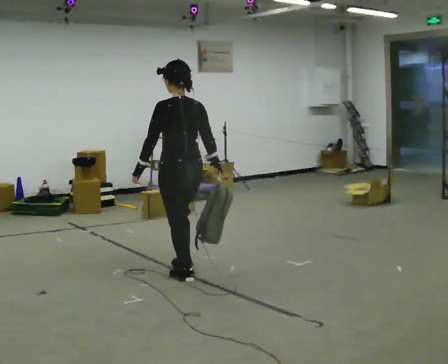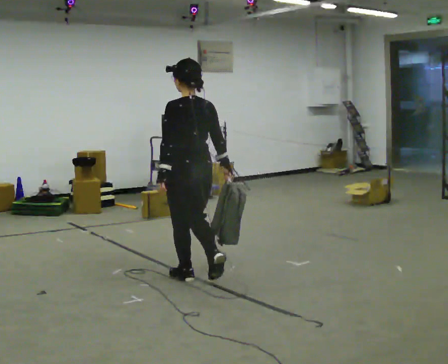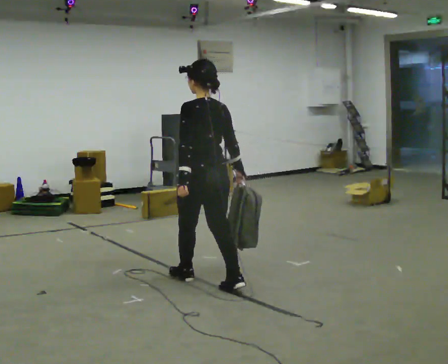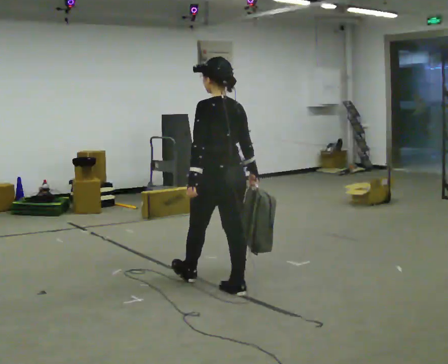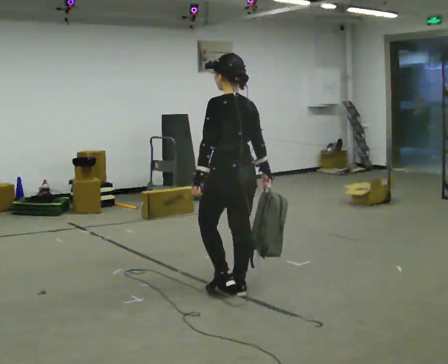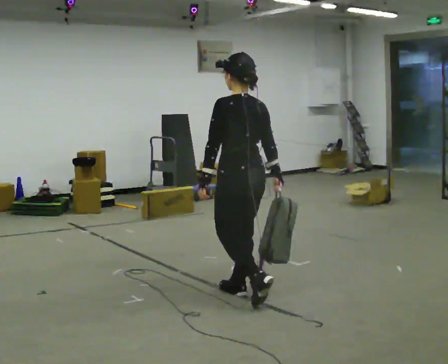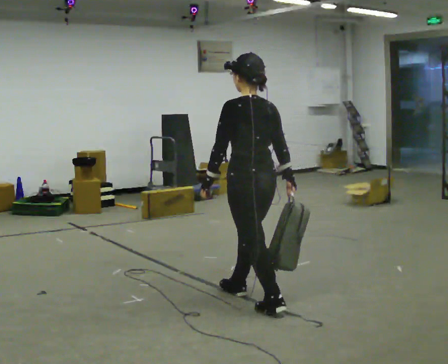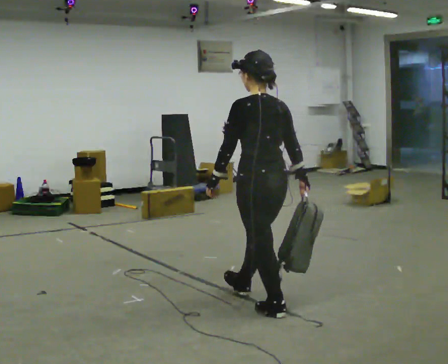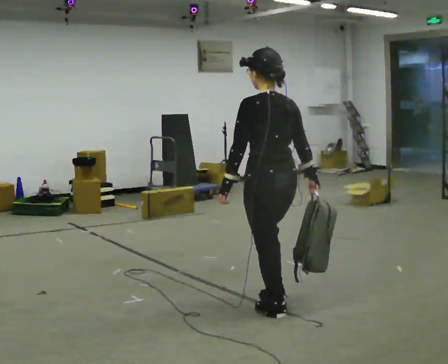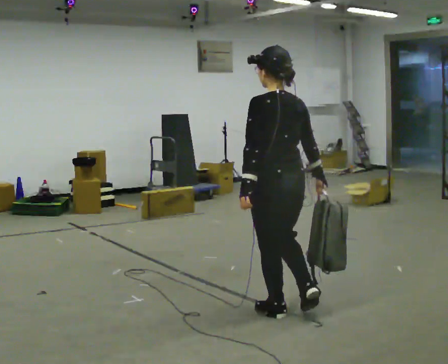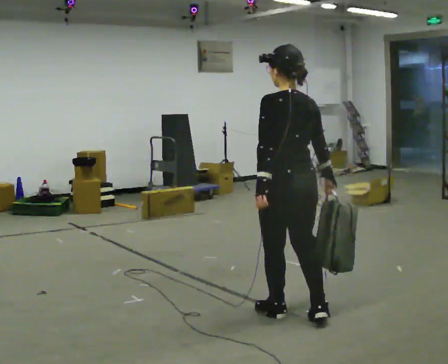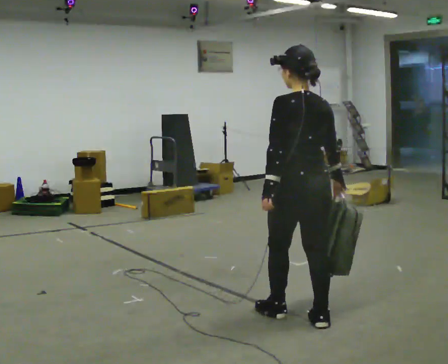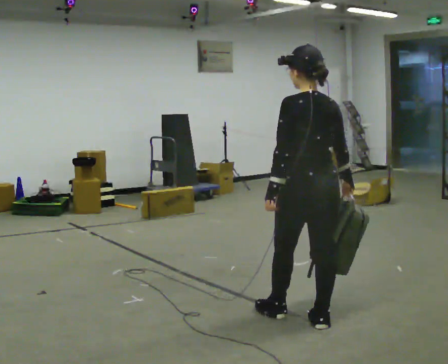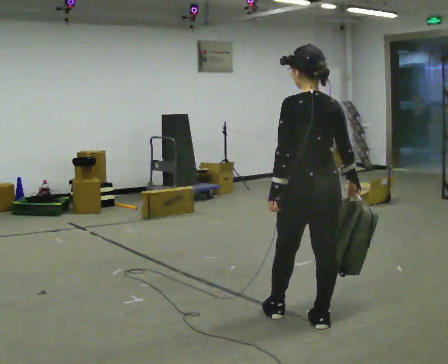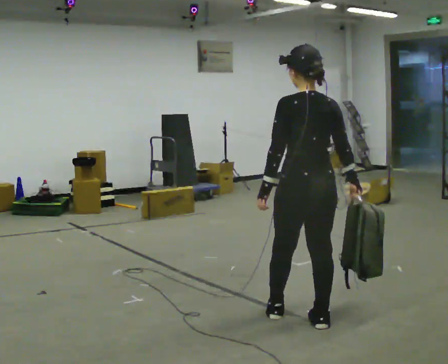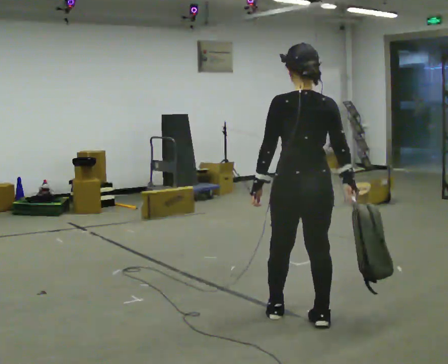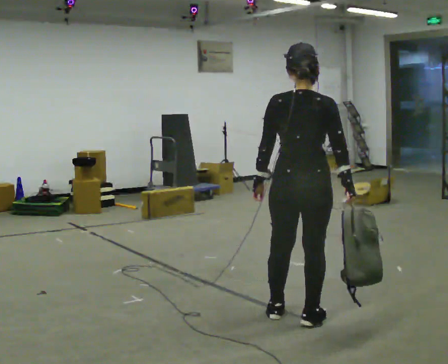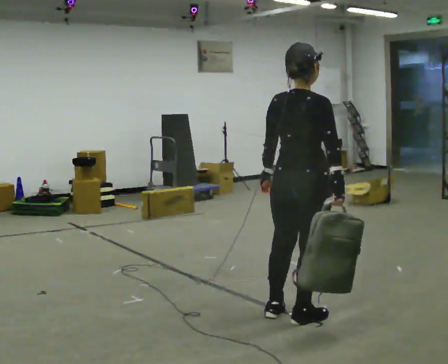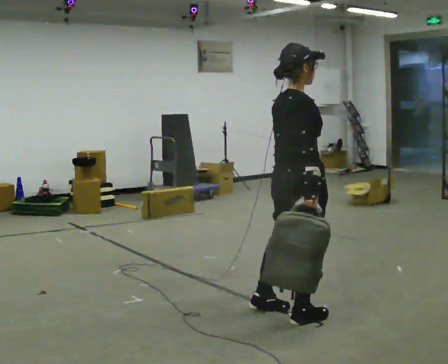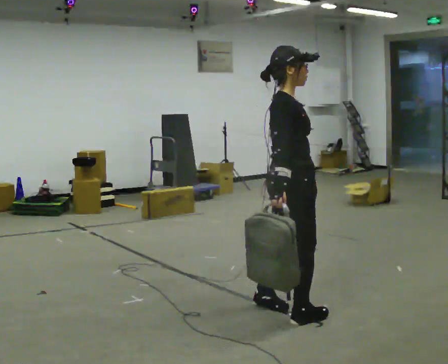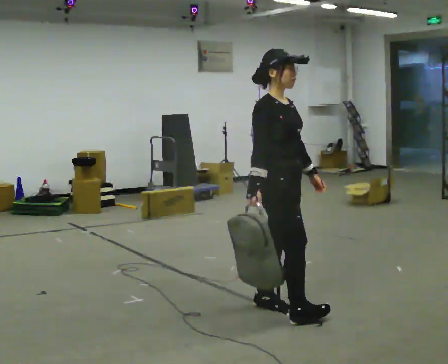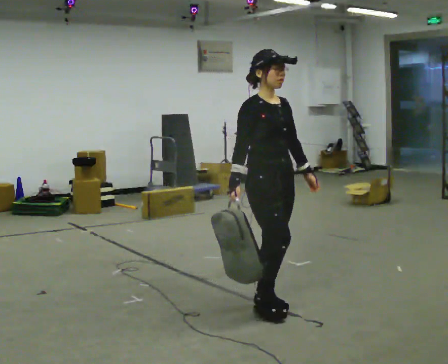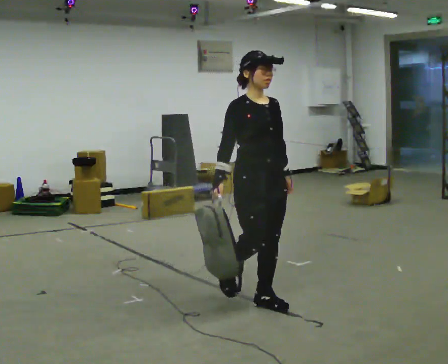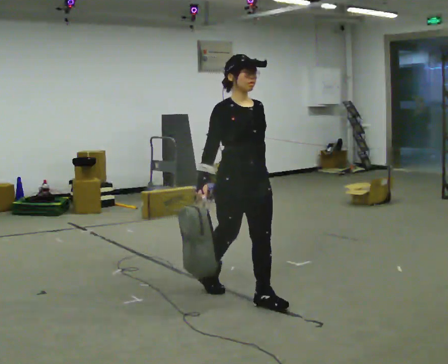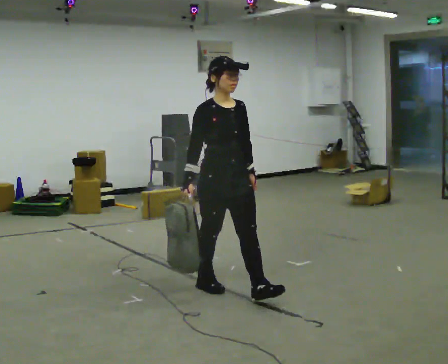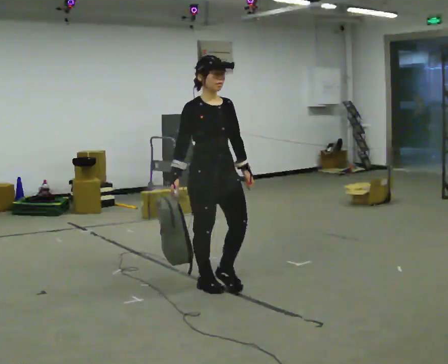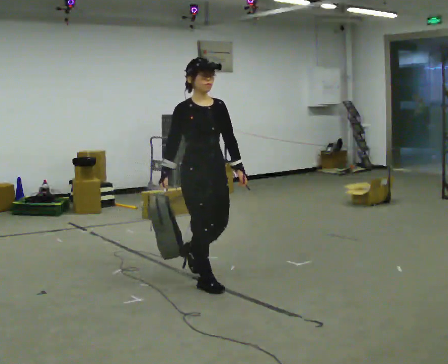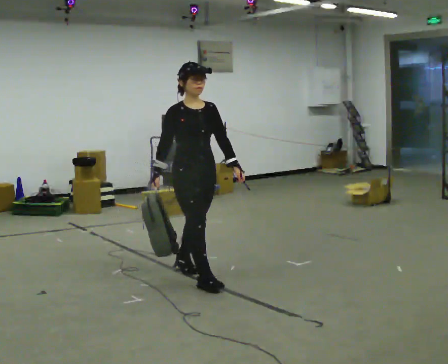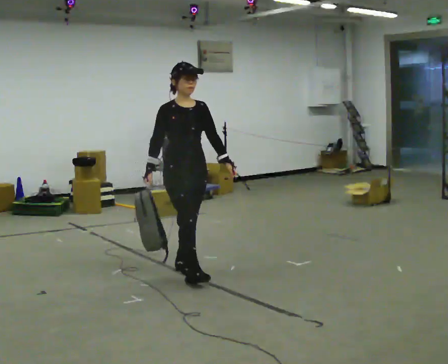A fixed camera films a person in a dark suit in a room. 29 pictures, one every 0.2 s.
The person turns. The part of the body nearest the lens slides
to the left.
The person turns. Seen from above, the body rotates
clockwise.
0.0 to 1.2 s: In the picture they go to the right and toward the camera, about 1 m in 1 step, which for them is backward.
1.2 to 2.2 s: In the picture they go to the right and toward the camera, about 0.5 m in 1 step, which for them is backward.
2.2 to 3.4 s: Seen from above the body turns clockwise, about 60 degrees: to their right, with its near side sliding to the left.
3.4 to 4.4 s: The person turns about 120 degrees to their right, clockwise seen from above, so the part of the body nearest the lens slides to the left. In the picture they go to the left and away from the camera, about 0.5 m in 1 step.
4.4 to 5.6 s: In the picture they go to the left and away from the camera, about 1 m in 2 steps, which for them is backward.
The film runs backward here.
